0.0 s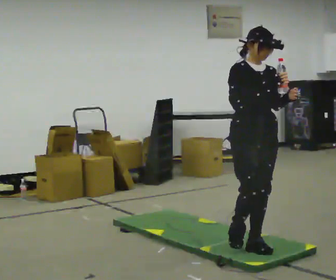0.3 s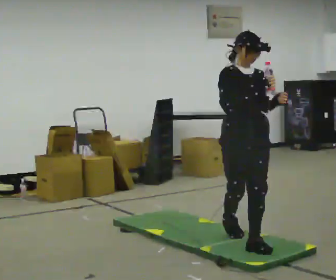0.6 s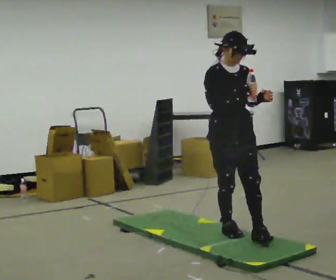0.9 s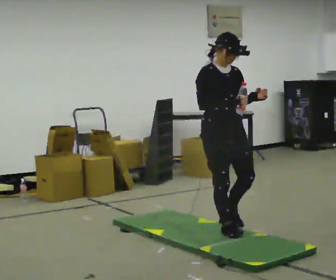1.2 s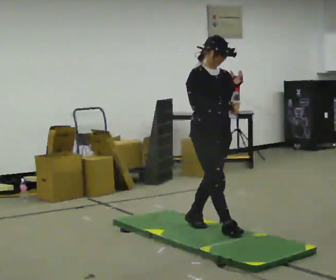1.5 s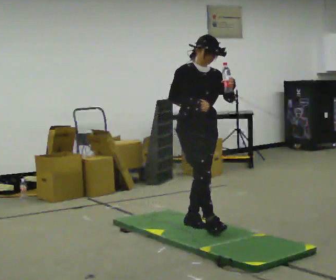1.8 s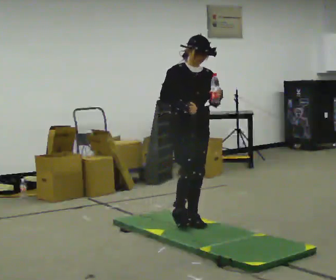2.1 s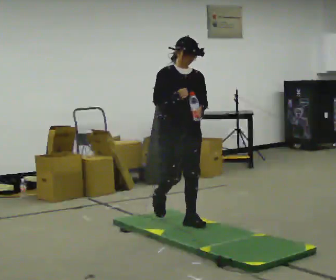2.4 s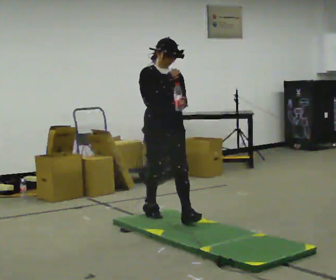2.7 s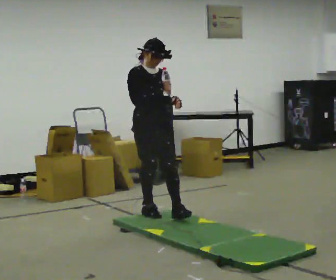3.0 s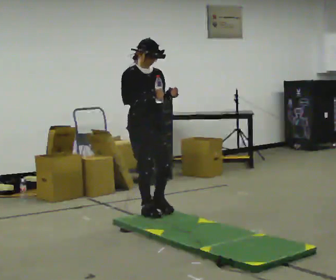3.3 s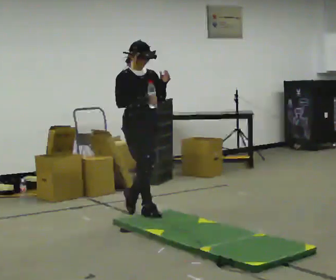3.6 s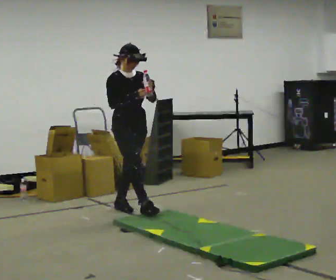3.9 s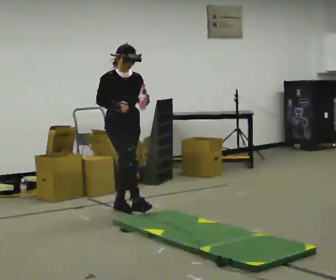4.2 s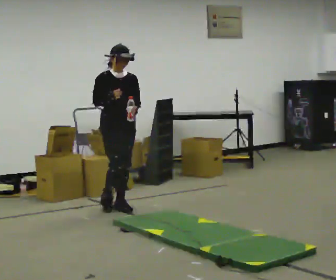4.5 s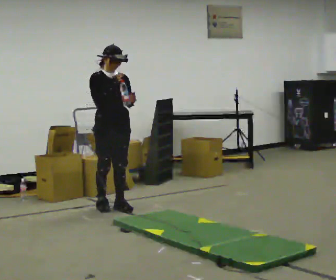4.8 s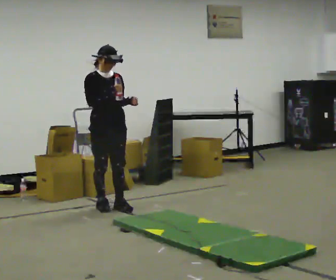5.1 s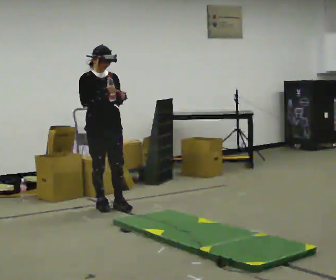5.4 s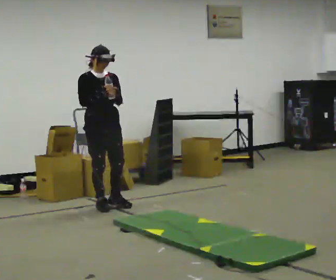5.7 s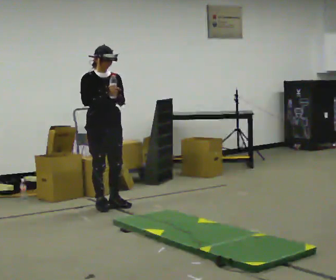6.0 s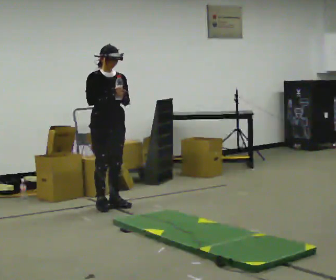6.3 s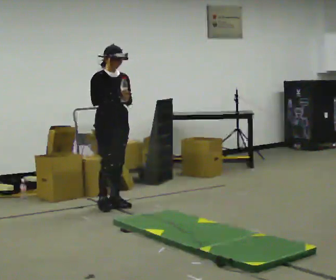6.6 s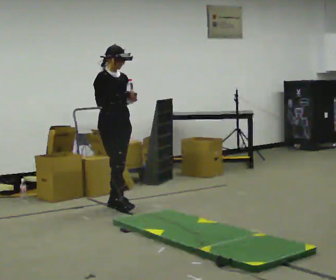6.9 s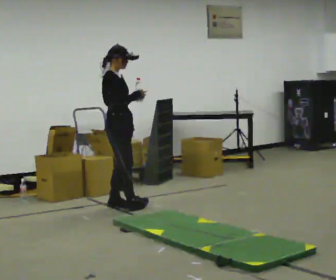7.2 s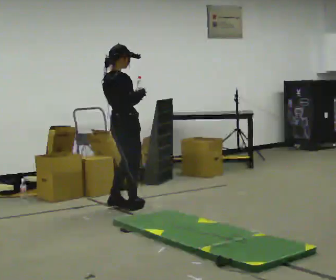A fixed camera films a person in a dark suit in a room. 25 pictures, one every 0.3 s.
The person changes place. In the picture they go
away from the camera.
0.0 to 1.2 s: In the picture they go away from the camera and to the left, about 0.5 m in 1 step, which for them is backward.
1.2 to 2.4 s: In the picture they go away from the camera and to the left, about 0.5 m in 1 step, which for them is backward.
2.4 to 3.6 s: In the picture they go away from the camera and to the left, about 0.5 m in 1 step, which for them is backward.
3.6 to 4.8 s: In the picture they go to the left and away from the camera, about 0.25 m in 1 step, which for them is backward.
4.8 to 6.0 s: The person moves a little, or ends about where they began.
6.0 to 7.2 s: Seen from above the body turns counterclockwise, about 75 degrees: to their left, with its near side sliding to the right. In the picture they go to the right, about 0.25 m in 2 steps.
The film runs backward here.
